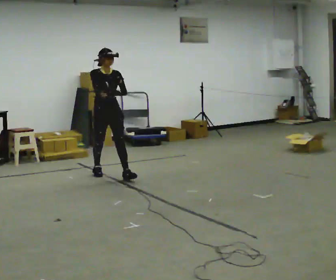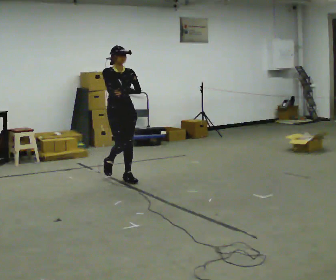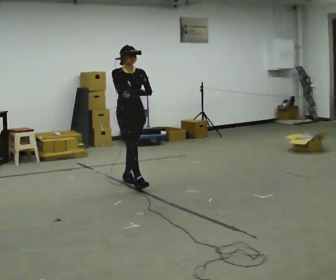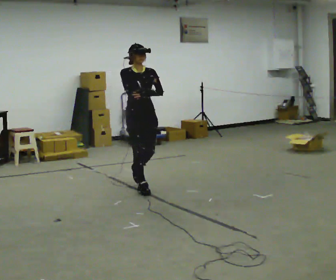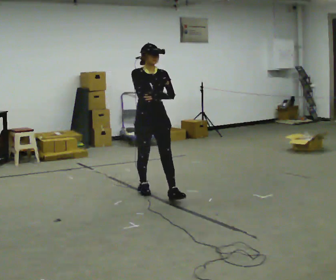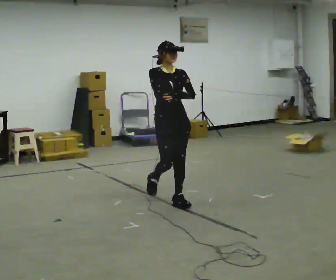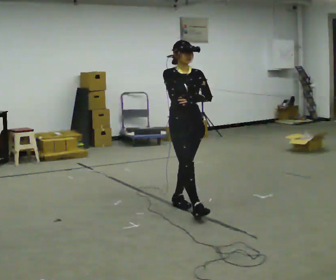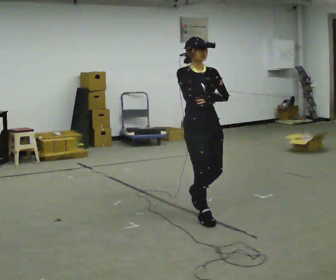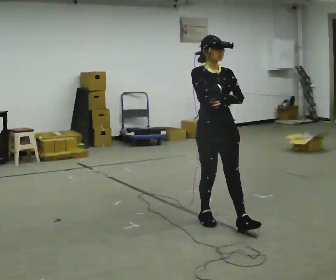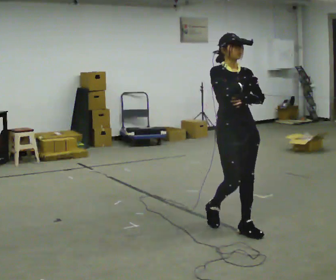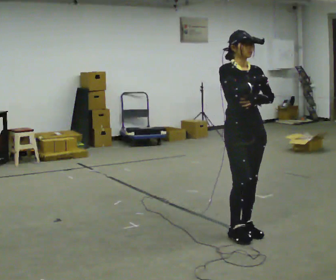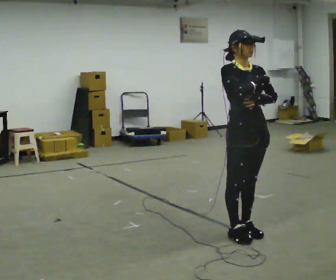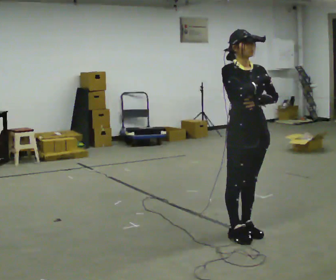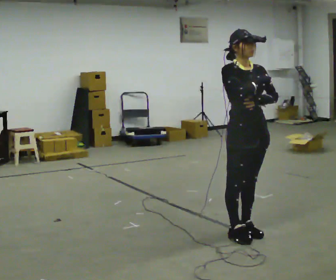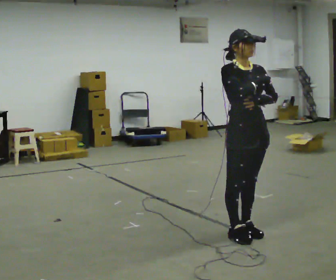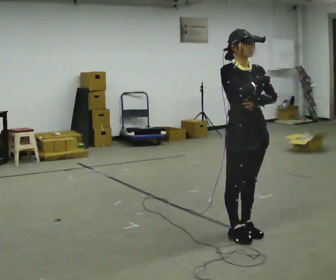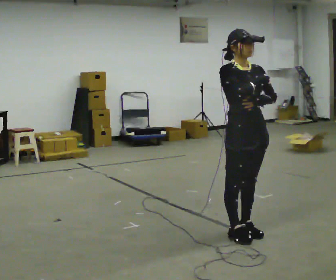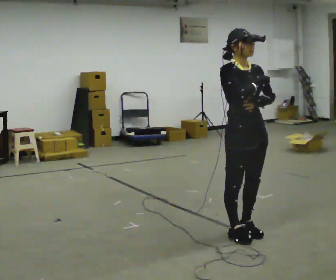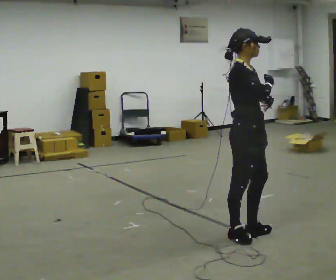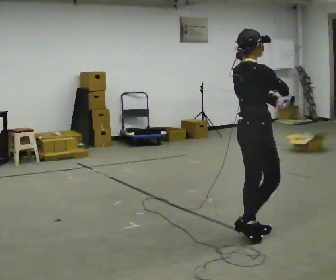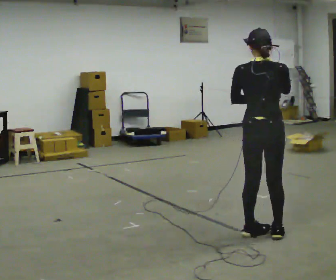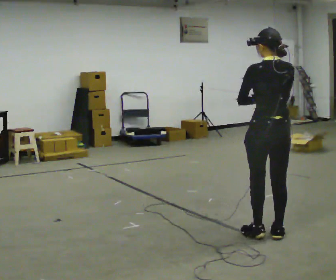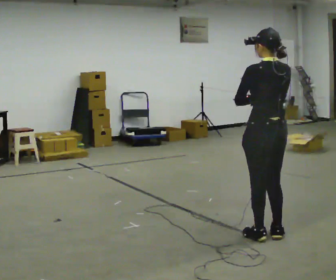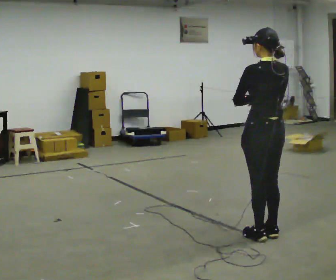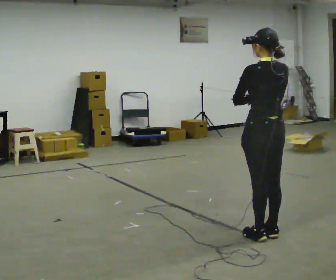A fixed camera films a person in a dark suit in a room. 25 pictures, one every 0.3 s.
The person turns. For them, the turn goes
to their left.
The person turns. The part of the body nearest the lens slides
to the right.
0.0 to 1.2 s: In the picture they go toward the camera and to the right, about 1 m in 2 steps, which for them is forward.
1.2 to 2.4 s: In the picture they go toward the camera and to the right, about 1 m in 2 steps, which for them is forward.
2.4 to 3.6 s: In the picture they go toward the camera and to the right, about 0.25 m in 2 steps, which for them is forward.
3.6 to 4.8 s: The person moves a little, or ends about where they began.
4.8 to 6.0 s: Seen from above the body turns counterclockwise, about 135 degrees: to their left, with its near side sliding to the right. In the picture they go to the right, about 0.25 m in 1 step.
6.0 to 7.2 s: The part of the body nearest the lens slides to the right as the person turns to their left by about 45 degrees.
The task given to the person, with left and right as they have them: Walk normally but hold both hands together in front of you at chest height; do not swing your arms; stop.
The film runs forward here.
